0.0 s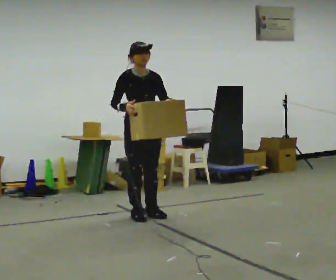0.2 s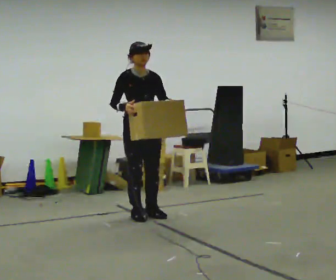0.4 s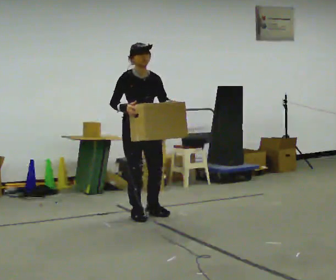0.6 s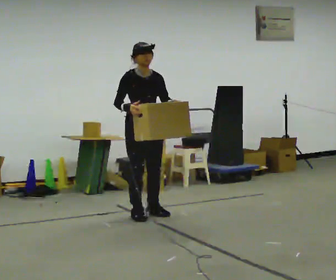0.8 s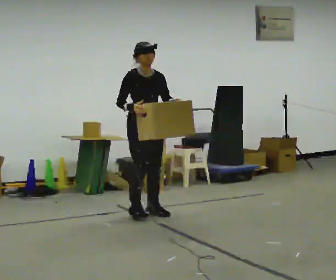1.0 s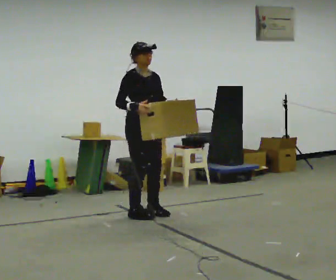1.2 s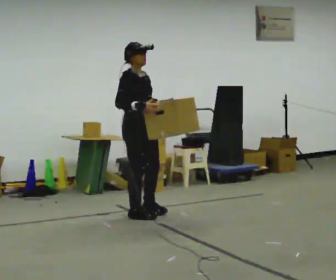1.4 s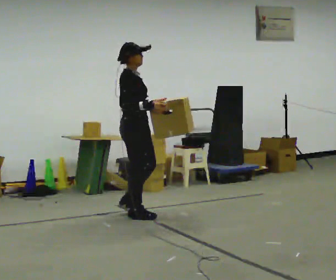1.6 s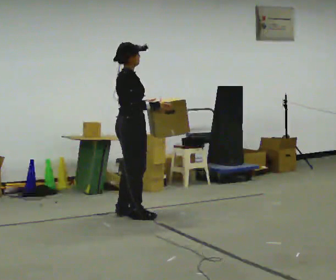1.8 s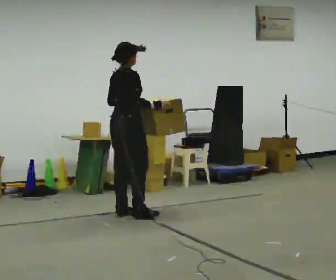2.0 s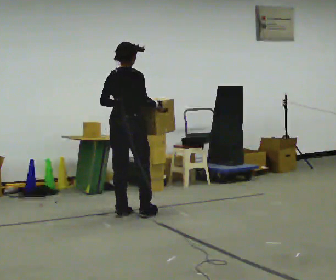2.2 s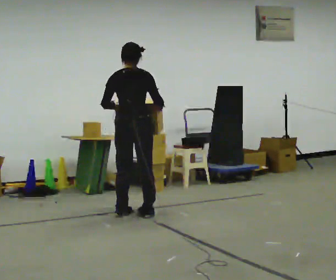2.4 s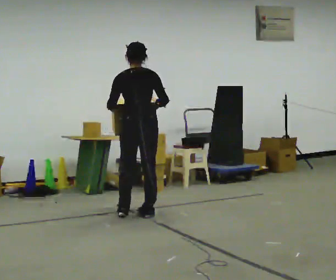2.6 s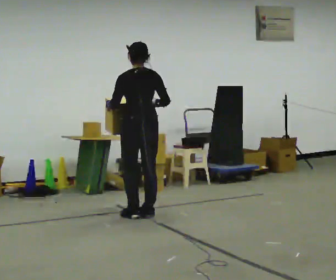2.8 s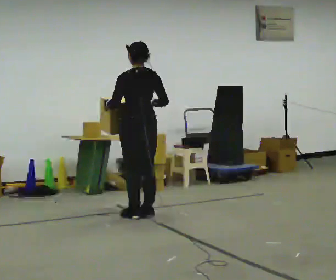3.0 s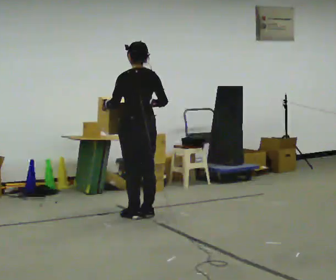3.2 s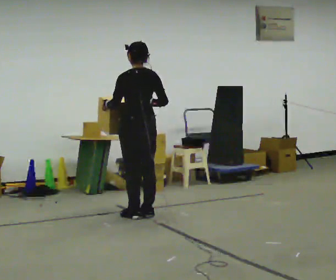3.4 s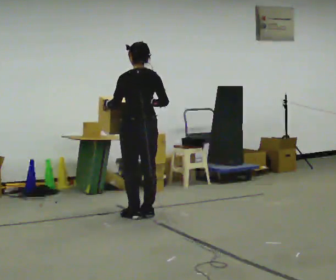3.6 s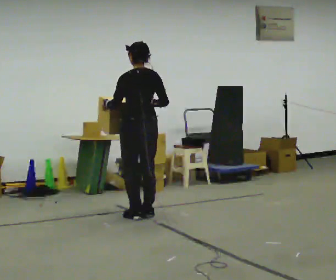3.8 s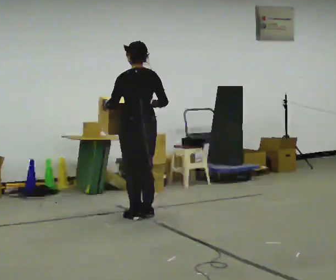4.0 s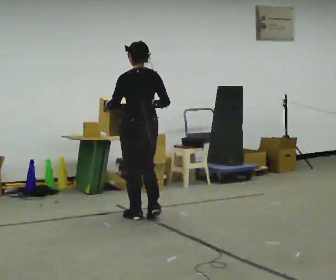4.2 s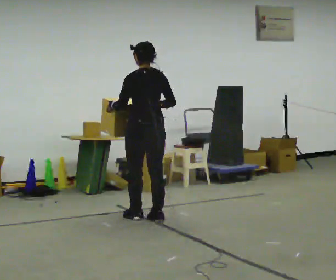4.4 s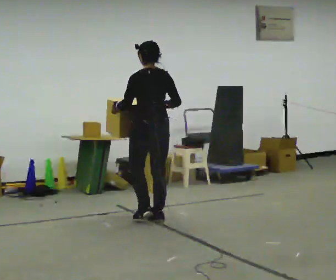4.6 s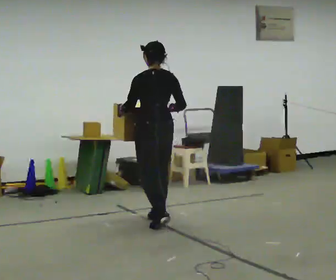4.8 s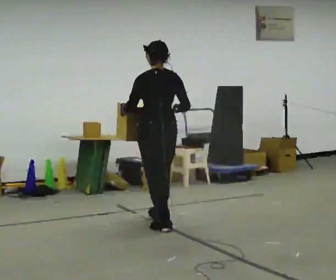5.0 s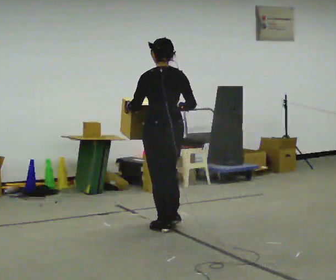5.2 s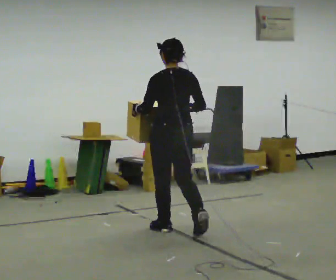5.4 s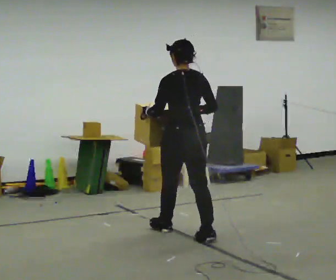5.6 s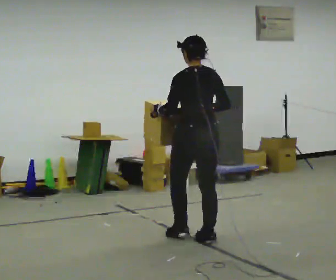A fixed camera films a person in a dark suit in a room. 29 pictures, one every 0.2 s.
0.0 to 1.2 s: Seen from above the body turns counterclockwise, about 30 degrees: to their left, with its near side sliding to the right.
1.2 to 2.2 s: The person turns about 105 degrees to their left, counterclockwise seen from above, so the part of the body nearest the lens slides to the right.
2.2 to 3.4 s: Seen from above the body turns counterclockwise, about 45 degrees: to their left, with its near side sliding to the right.
3.4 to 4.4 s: In the picture they go toward the camera, about 0.25 m in 2 steps, which for them is backward.
4.4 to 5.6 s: In the picture they go toward the camera and to the right, about 1 m in 2 steps, which for them is backward.
The film runs backward here.
